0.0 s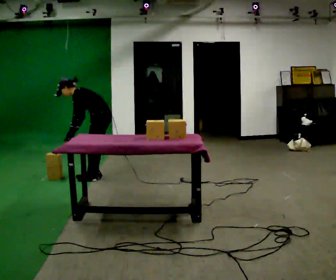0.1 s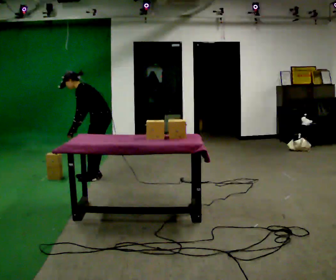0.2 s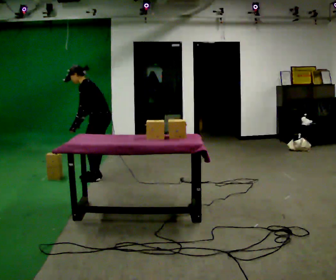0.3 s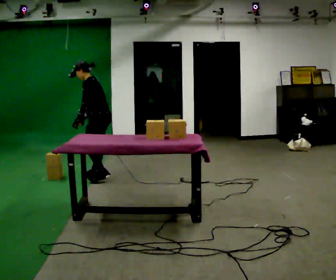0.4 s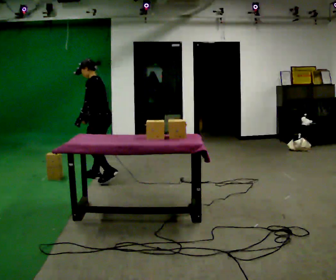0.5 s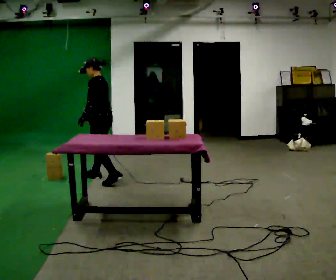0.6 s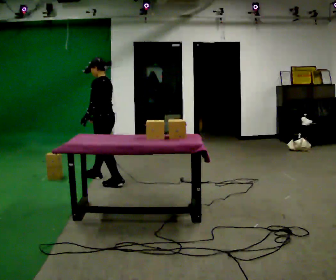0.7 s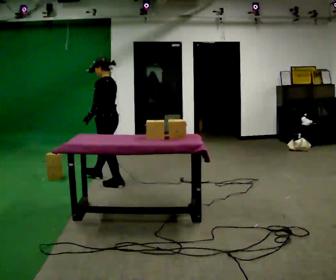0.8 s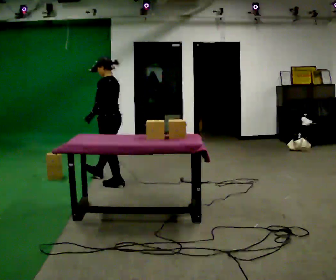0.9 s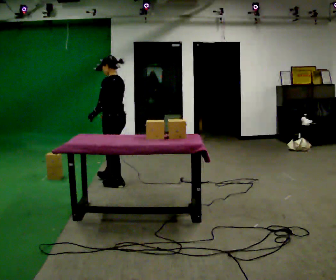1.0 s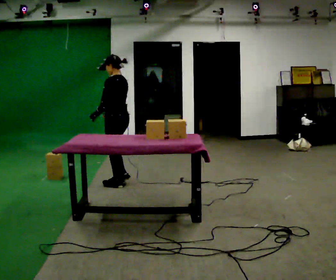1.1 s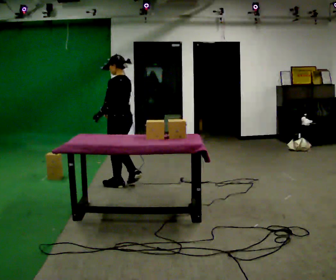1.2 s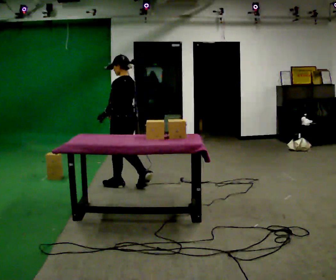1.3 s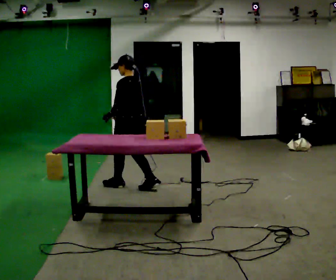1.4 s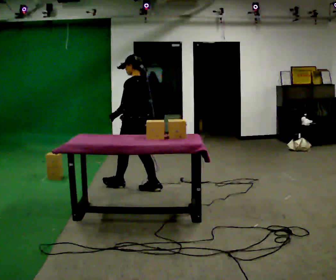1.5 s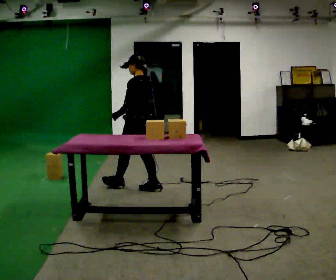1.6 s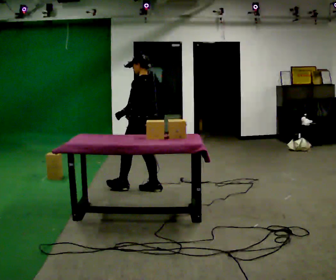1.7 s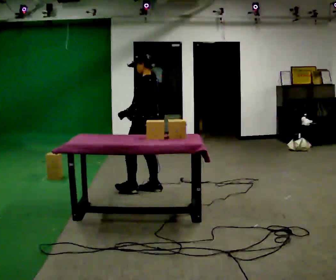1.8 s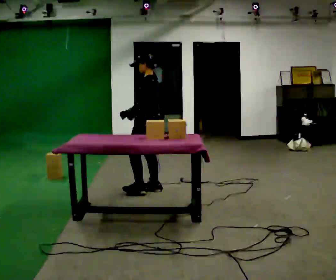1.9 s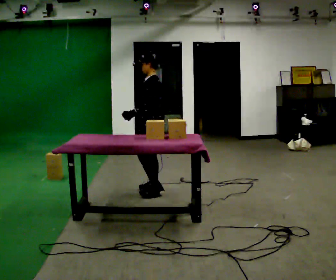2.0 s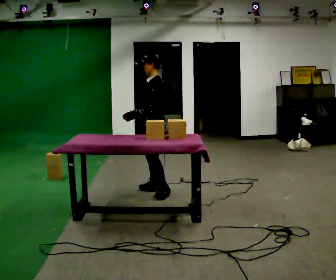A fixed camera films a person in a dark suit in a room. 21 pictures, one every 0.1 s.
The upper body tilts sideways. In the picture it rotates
clockwise.
0.0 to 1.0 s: The person turns about 30 degrees to their right, clockwise seen from above, so the part of the body nearest the lens slides to the left. In the picture they go toward the camera and to the right, about 0.5 m in 2 steps, which for them is backward and to their left. The shoulders move upward. In the picture the upper body tilts clockwise, shoulders to the right, as they lean back or straighten.
1.0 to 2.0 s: The person turns about 30 degrees to their left, counterclockwise seen from above, so the part of the body nearest the lens slides to the right. In the picture they go to the right and toward the camera, about 0.5 m in 1 step, which for them is backward.
The film runs backward here.
